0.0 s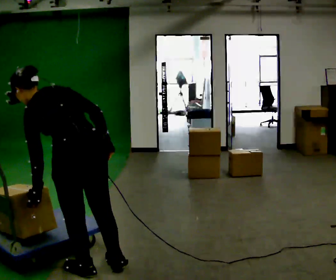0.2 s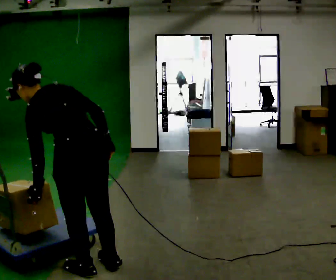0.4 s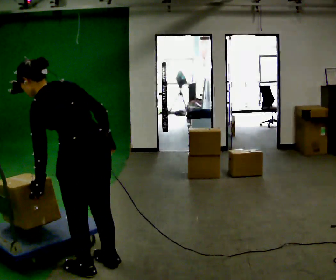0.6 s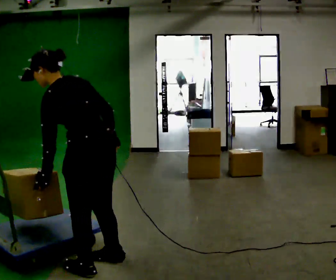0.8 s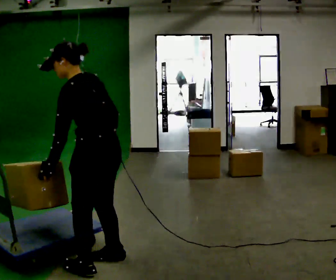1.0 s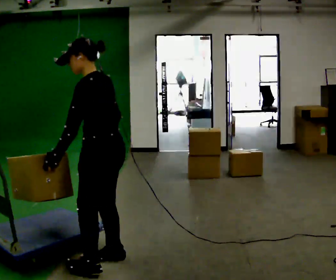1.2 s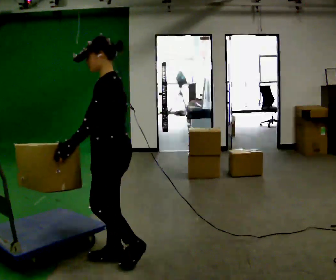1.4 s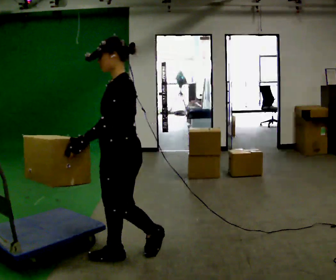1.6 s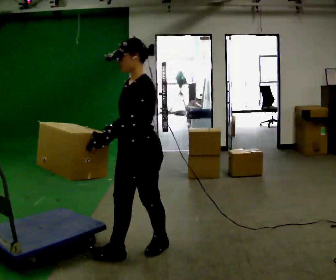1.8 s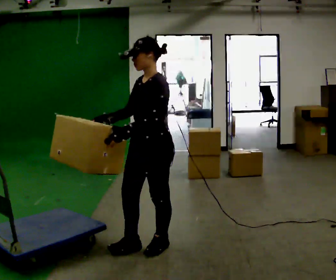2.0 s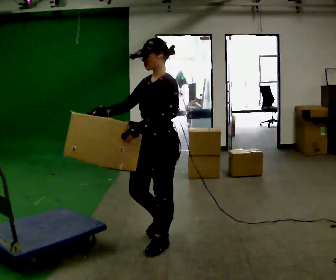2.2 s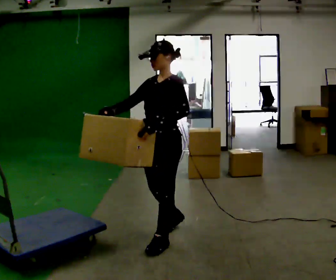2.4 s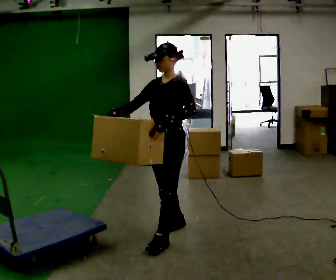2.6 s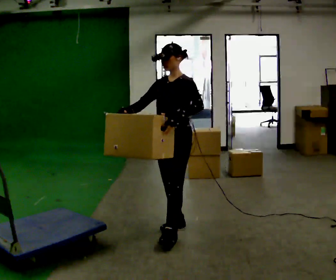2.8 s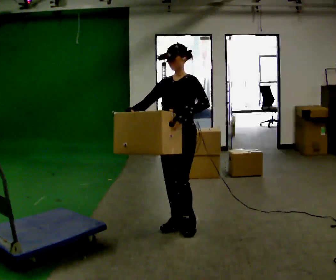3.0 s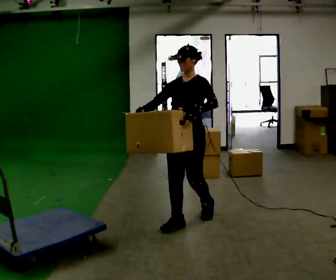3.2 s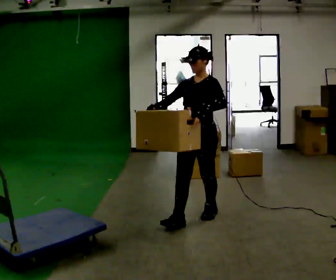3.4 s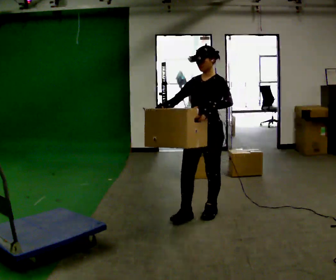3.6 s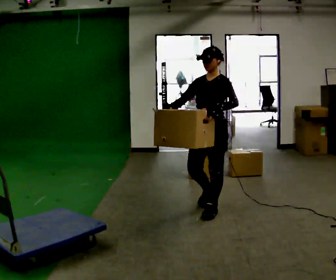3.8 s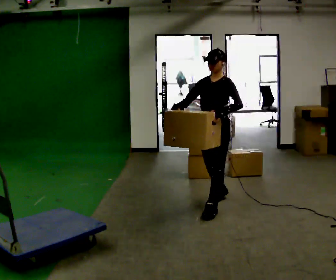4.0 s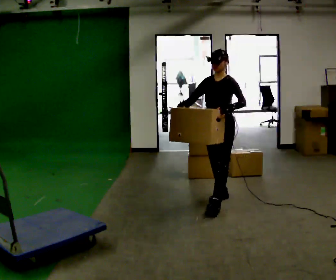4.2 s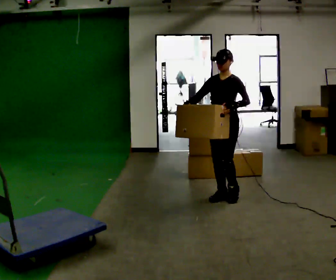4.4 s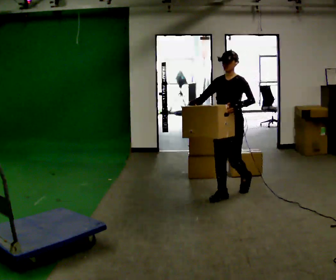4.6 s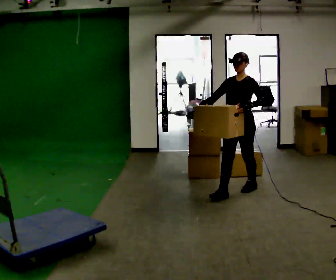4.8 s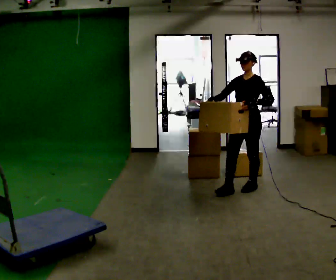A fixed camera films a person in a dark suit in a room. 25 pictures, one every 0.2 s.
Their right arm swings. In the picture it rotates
clockwise.
The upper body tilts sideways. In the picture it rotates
clockwise.
0.0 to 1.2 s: The person turns about 60 degrees to their left, counterclockwise seen from above, so the part of the body nearest the lens slides to the right. In the picture they go away from the camera and to the right, about 0.25 m in 1 step. In the picture the upper body tilts clockwise, shoulders to the right, as they lean back or straighten.
1.2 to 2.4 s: The person turns about 30 degrees to their left, counterclockwise seen from above, so the part of the body nearest the lens slides to the right. In the picture they go away from the camera and to the right, about 0.5 m in 1 step, which for them is backward.
2.4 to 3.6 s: In the picture they go away from the camera and to the right, about 0.75 m in 2 steps, which for them is backward.
3.6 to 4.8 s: In the picture they go away from the camera and to the right, about 1 m in 2 steps, which for them is backward.
The film runs backward here.
